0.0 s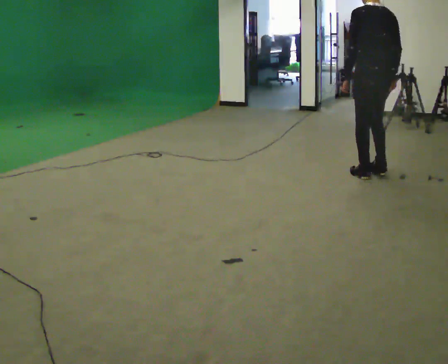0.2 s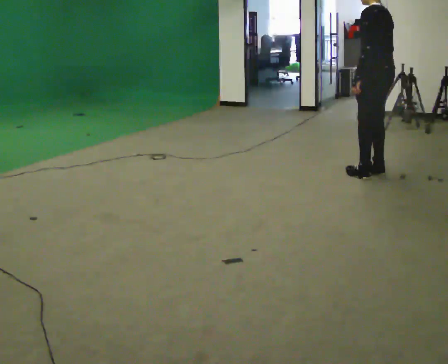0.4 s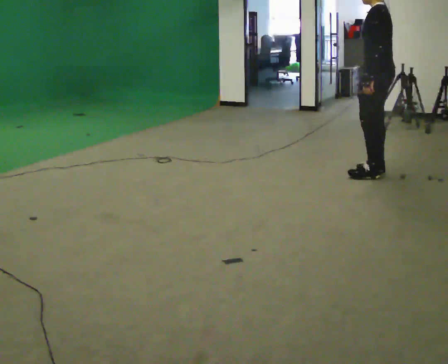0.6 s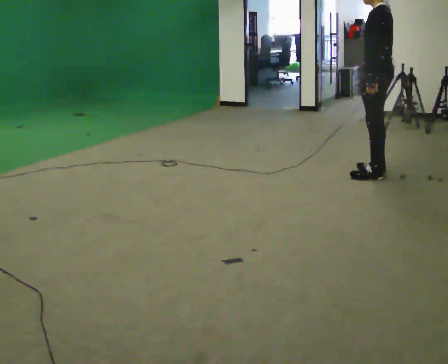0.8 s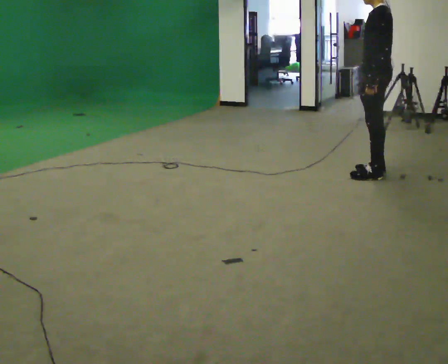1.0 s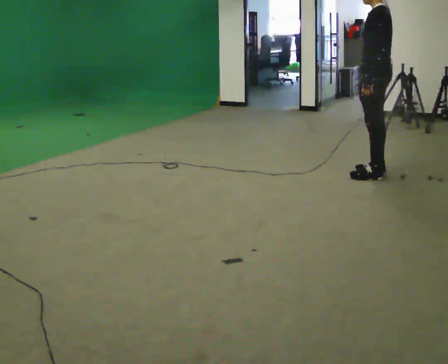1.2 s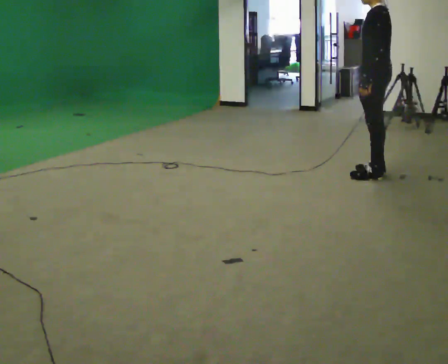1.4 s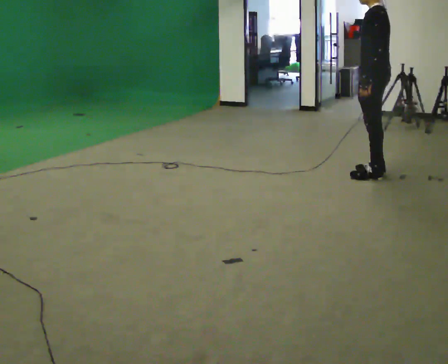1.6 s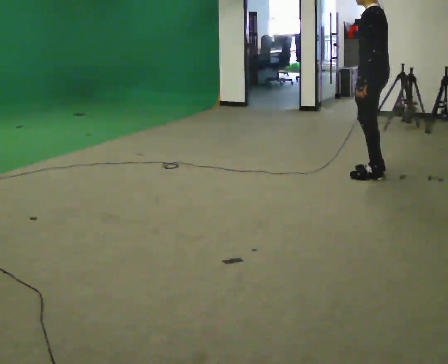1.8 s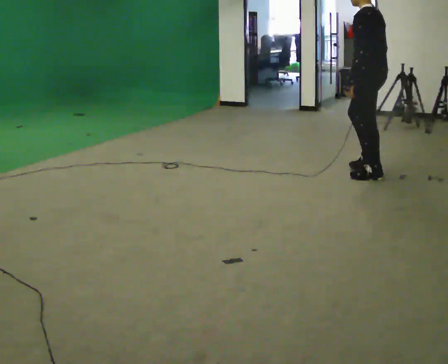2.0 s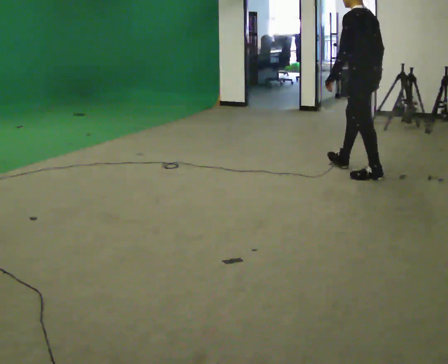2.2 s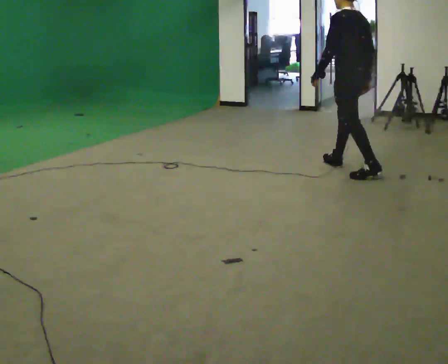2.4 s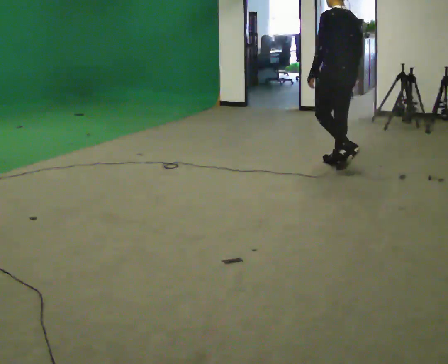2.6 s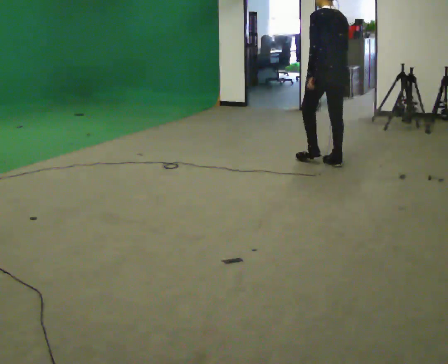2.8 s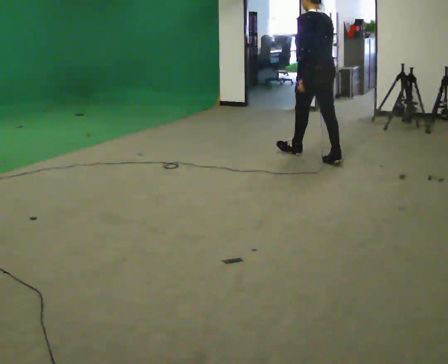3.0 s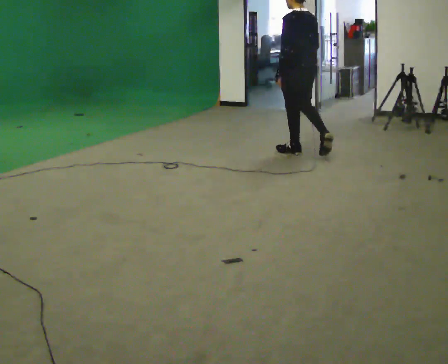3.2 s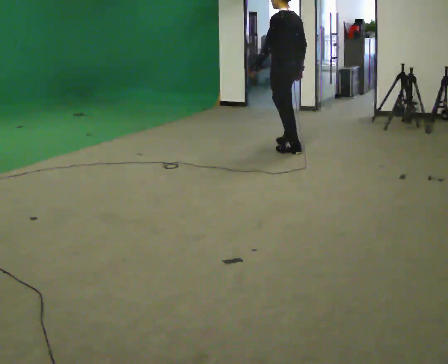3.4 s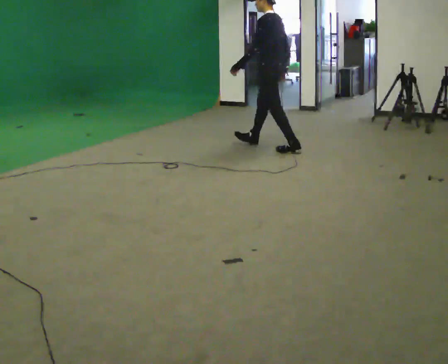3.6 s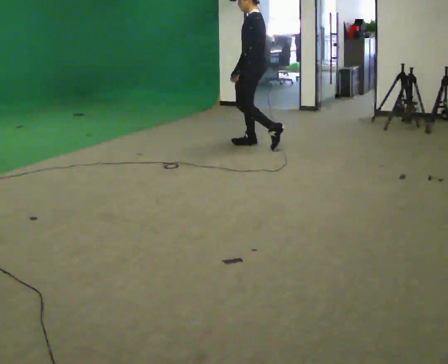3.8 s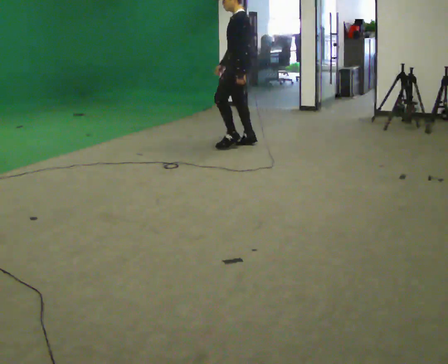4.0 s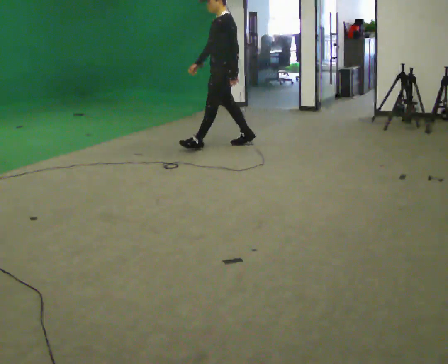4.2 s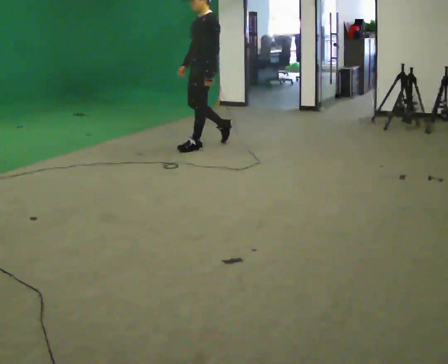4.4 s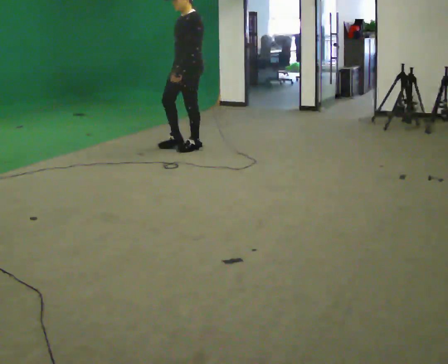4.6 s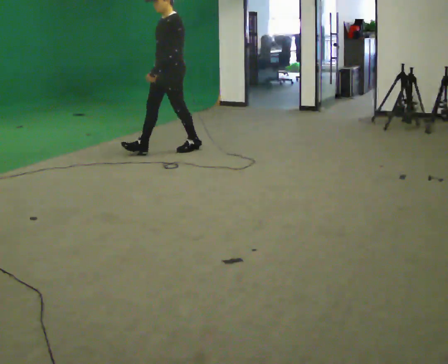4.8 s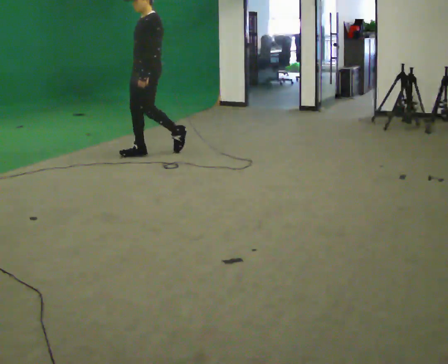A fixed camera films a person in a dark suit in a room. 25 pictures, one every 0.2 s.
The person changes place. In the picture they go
to the left.
The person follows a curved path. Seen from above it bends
counterclockwise.
0.0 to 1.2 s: Seen from above the body turns counterclockwise, about 30 degrees: to their left, with its near side sliding to the right.
1.2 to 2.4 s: The person turns about 30 degrees to their right, clockwise seen from above, so the part of the body nearest the lens slides to the left. In the picture they go to the left and away from the camera, about 0.5 m in 1 step, which for them is forward and to their right.
2.4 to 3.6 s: The person turns about 45 degrees to their left, counterclockwise seen from above, so the part of the body nearest the lens slides to the right. In the picture they go to the left and away from the camera, about 1 m in 2 steps, which for them is forward.
3.6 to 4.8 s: Seen from above the body turns counterclockwise, about 45 degrees: to their left, with its near side sliding to the right. In the picture they go to the left and toward the camera, about 1 m in 2 steps, which for them is forward.
The film runs forward here.
